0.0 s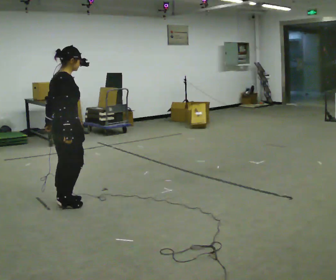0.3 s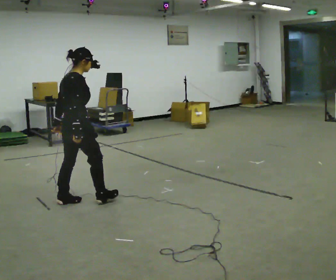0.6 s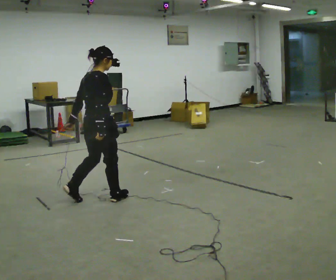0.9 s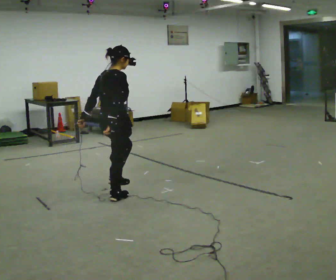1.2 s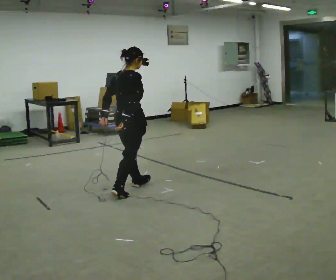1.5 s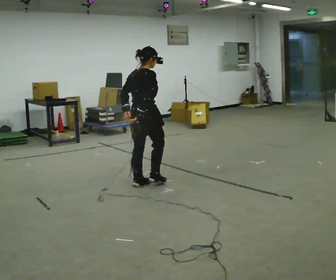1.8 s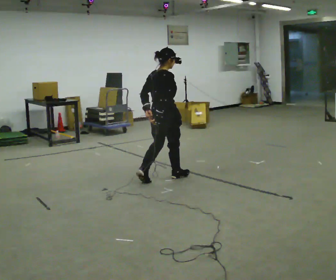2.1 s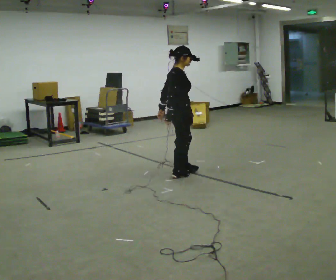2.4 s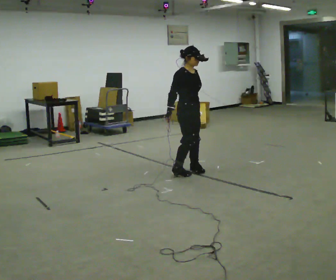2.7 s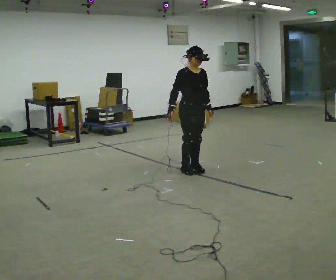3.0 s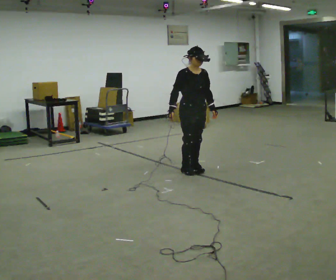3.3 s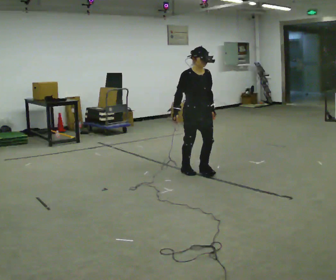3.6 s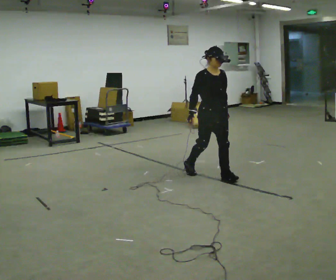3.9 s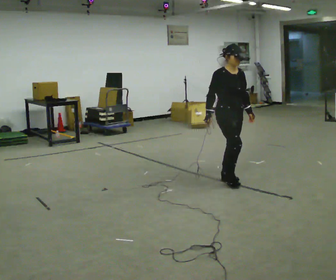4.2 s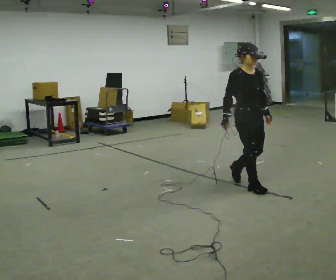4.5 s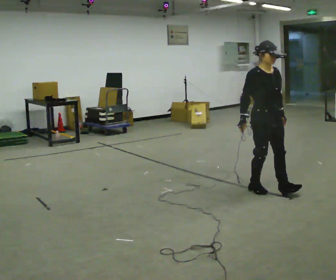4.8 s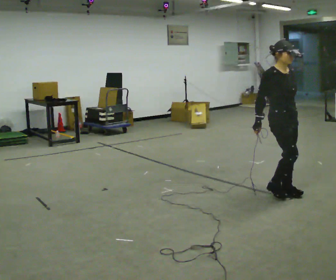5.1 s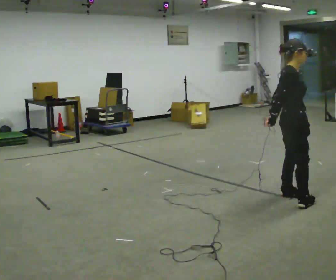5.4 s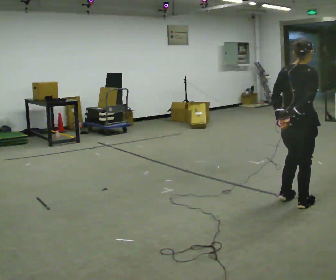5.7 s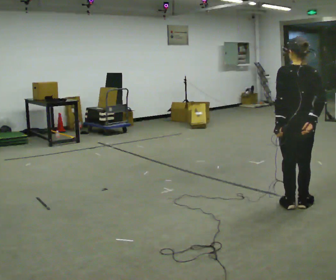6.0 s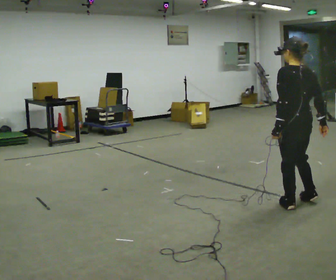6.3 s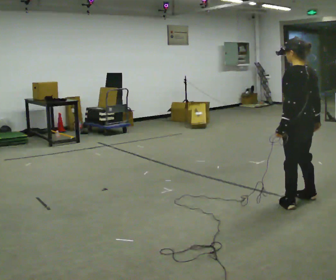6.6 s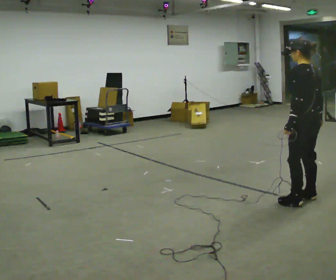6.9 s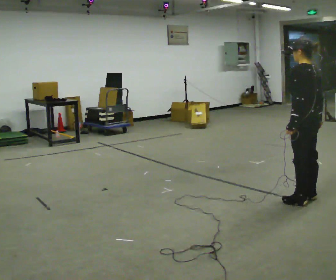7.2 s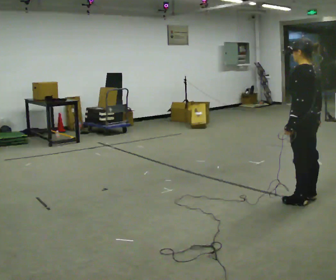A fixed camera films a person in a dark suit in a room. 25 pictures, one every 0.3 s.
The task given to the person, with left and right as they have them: Walk straight; turn 90° left/right while continuing to walk; continue.
0.0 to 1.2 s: In the picture they go to the right and away from the camera, about 0.5 m in 2 steps, which for them is forward.
1.2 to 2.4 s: The person turns about 90 degrees to their right, clockwise seen from above, so the part of the body nearest the lens slides to the left. In the picture they go away from the camera and to the right, about 1 m in 2 steps.
2.4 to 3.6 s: In the picture they go to the right and toward the camera, about 0.25 m in 2 steps, which for them is forward.
3.6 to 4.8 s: In the picture they go toward the camera and to the right, about 1 m in 2 steps, which for them is forward.
4.8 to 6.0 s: Seen from above the body turns counterclockwise, about 165 degrees: to their left, with its near side sliding to the right. In the picture they go toward the camera, about 0.25 m in 2 steps.
6.0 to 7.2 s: The person moves a little, or ends about where they began.
The film runs forward here.
